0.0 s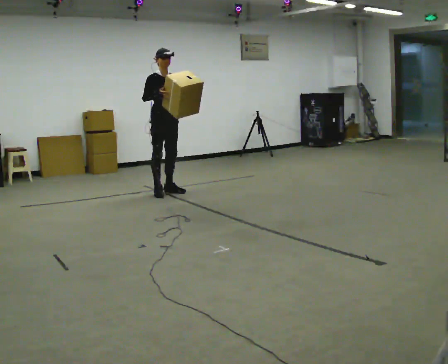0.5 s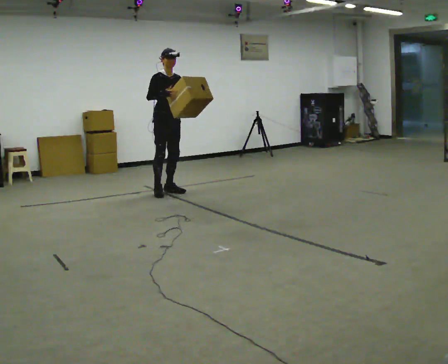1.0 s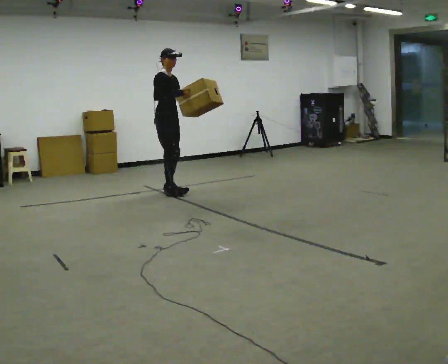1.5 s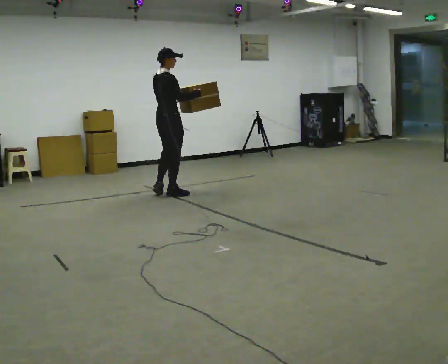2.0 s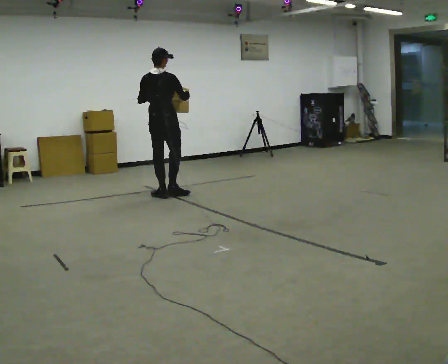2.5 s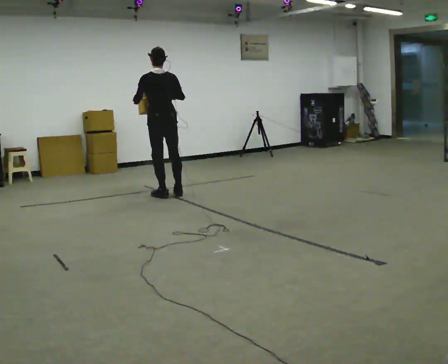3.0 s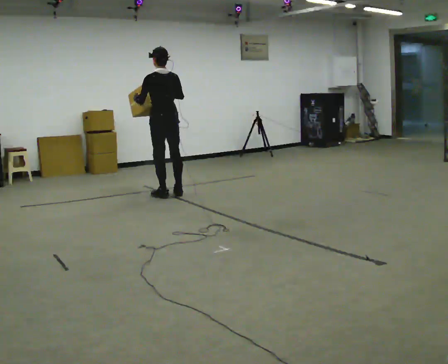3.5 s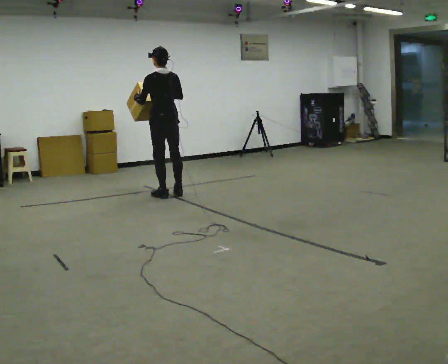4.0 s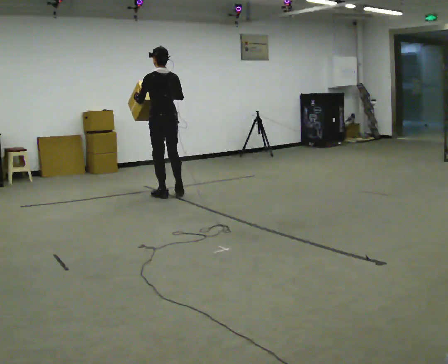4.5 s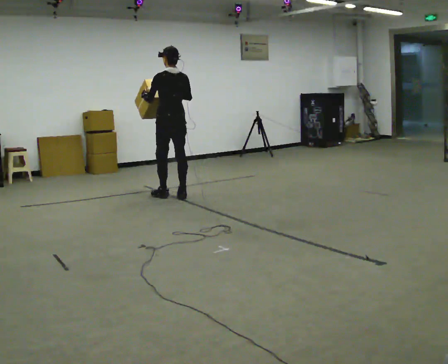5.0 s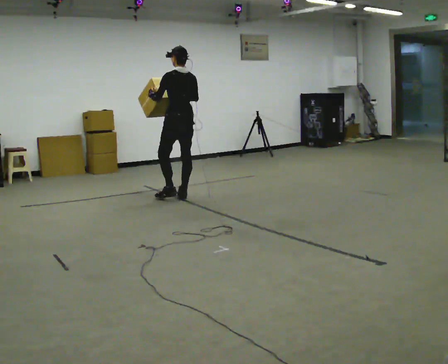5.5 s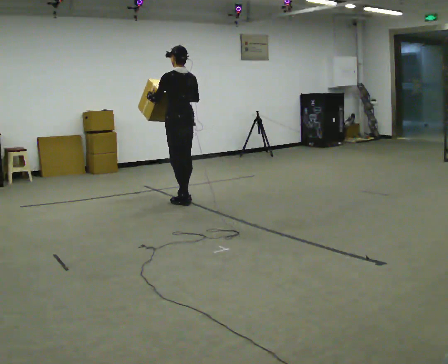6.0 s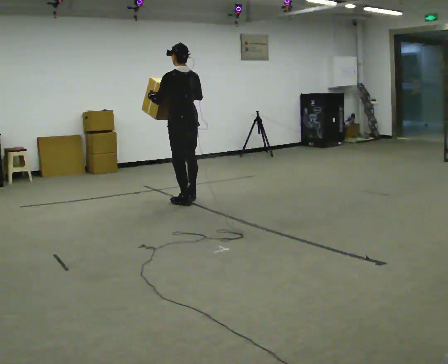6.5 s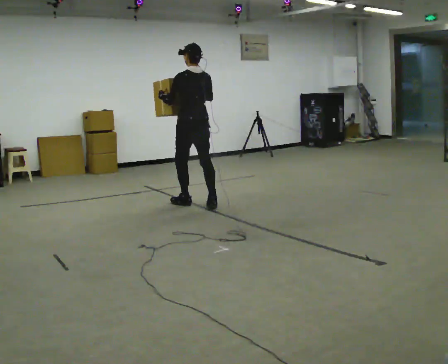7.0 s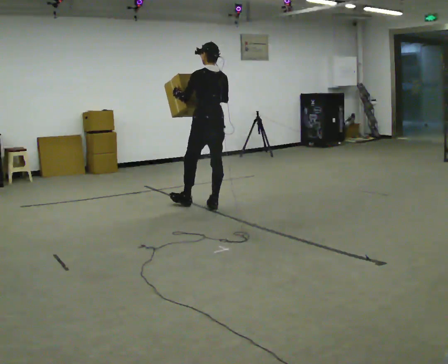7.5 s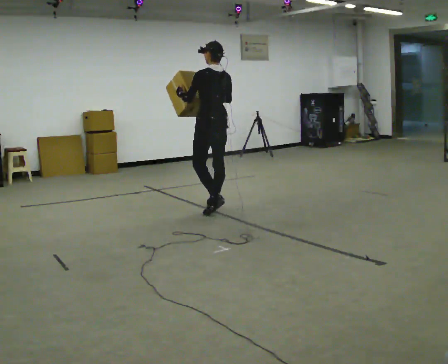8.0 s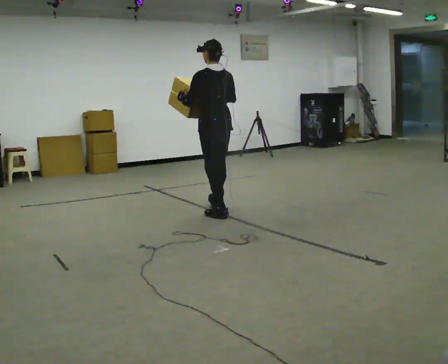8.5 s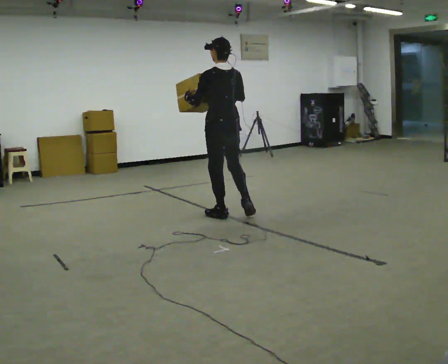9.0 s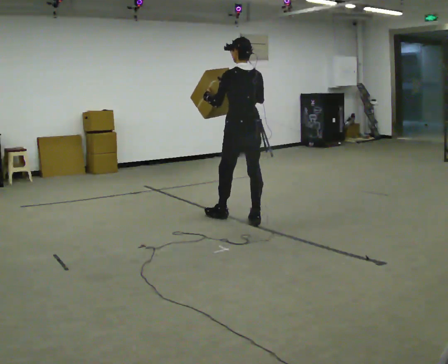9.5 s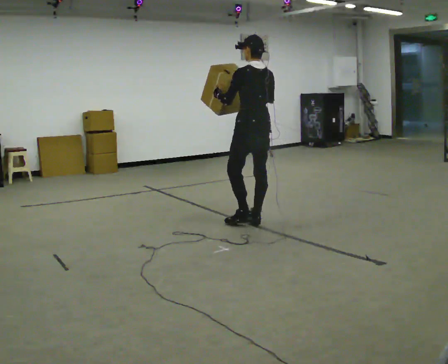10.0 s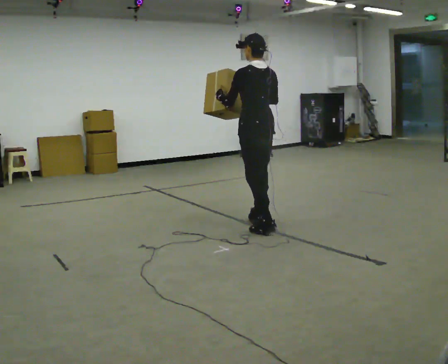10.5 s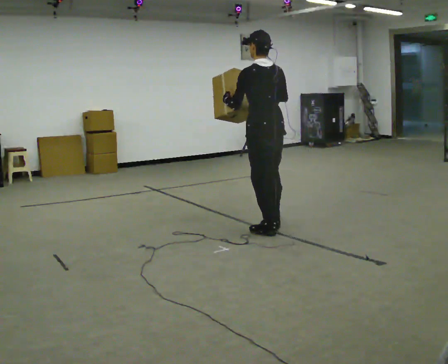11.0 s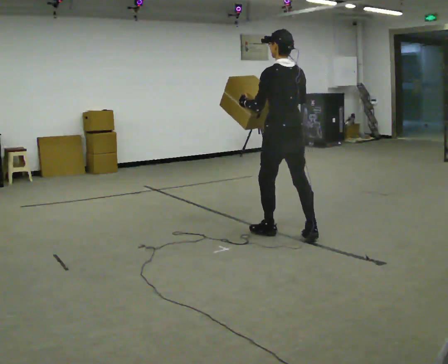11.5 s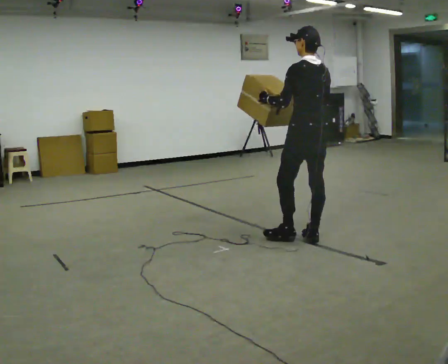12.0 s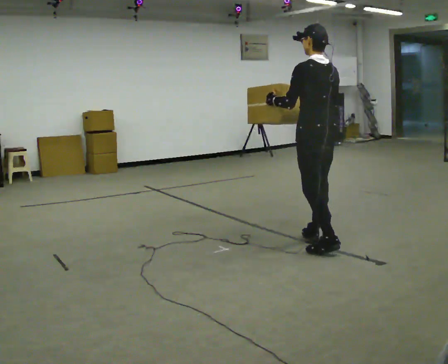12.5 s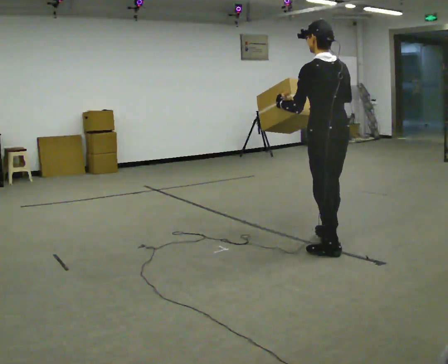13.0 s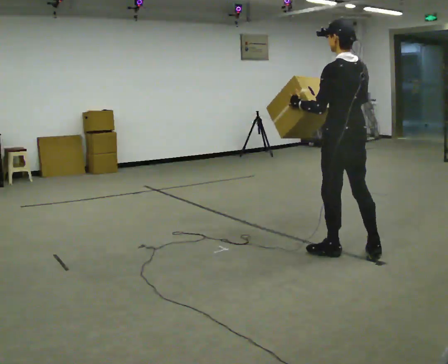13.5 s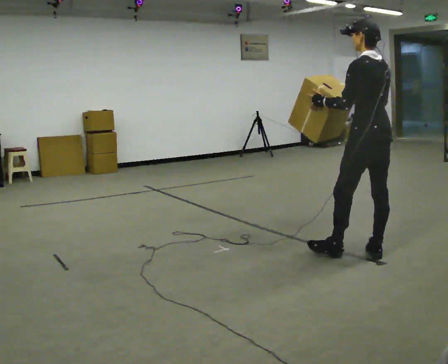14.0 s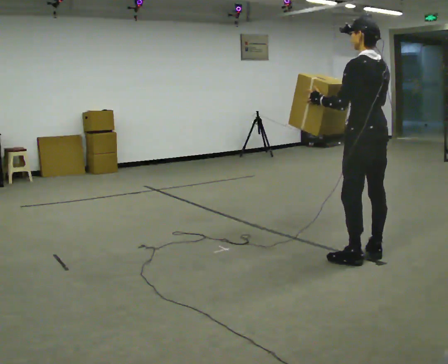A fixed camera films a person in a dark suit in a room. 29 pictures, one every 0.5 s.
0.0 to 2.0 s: The part of the body nearest the lens slides to the right as the person turns to their left by about 135 degrees. In the picture they go toward the camera, about 0.25 m in 2 steps. In the picture their right hand goes to the right.
2.0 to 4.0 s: The person turns about 45 degrees to their left, counterclockwise seen from above, so the part of the body nearest the lens slides to the right.
4.0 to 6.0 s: In the picture they go toward the camera and to the right, about 0.5 m in 2 steps, which for them is backward.
6.0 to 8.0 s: In the picture they go toward the camera and to the right, about 0.5 m in 1 step, which for them is backward.
8.0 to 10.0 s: In the picture they go toward the camera and to the right, about 0.5 m in 2 steps, which for them is backward.
10.0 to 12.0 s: In the picture they go toward the camera and to the right, about 0.5 m in 2 steps, which for them is backward.
12.0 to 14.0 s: In the picture they go toward the camera and to the right, about 0.5 m in 2 steps, which for them is backward.
The film runs backward here.
